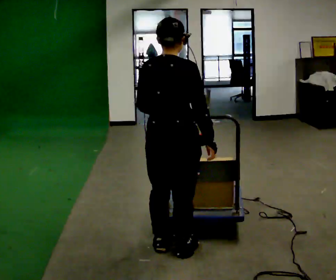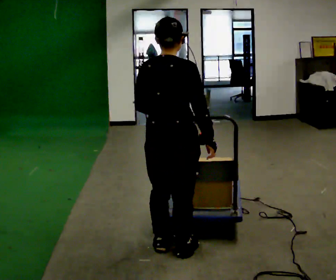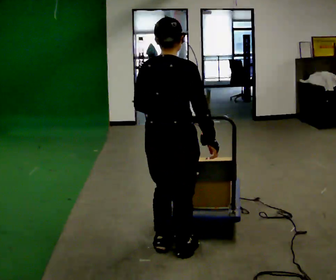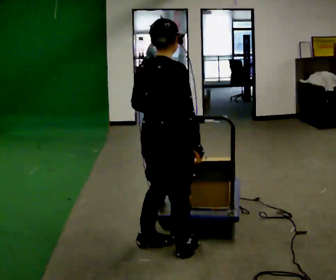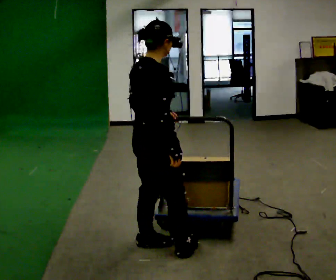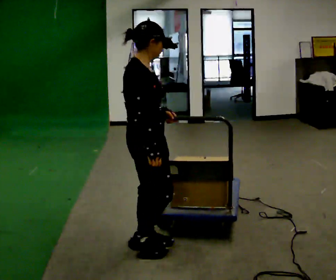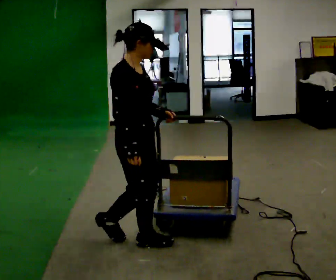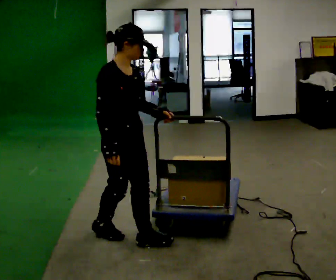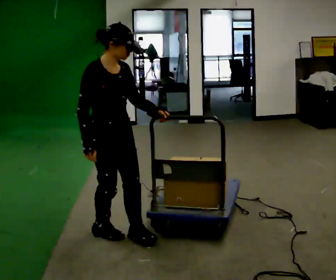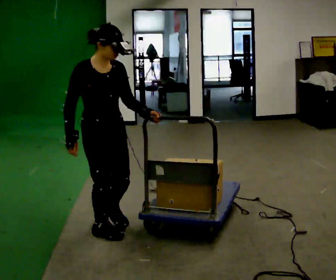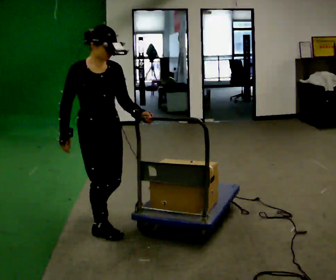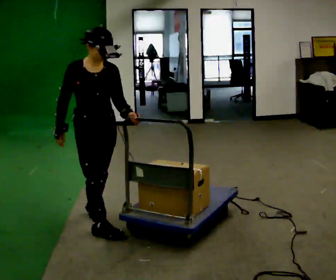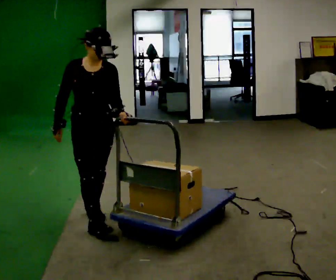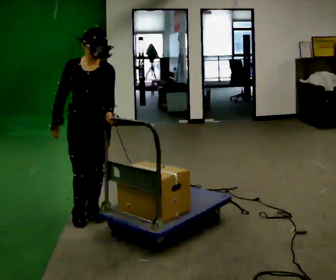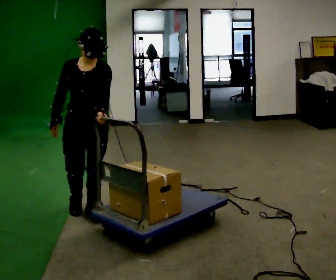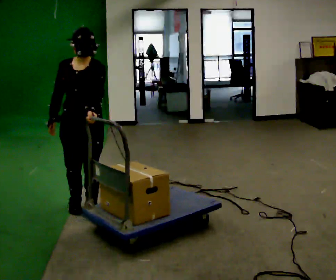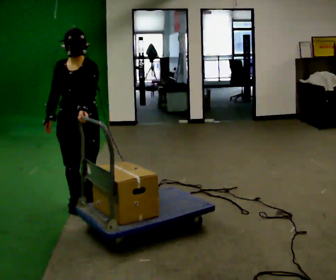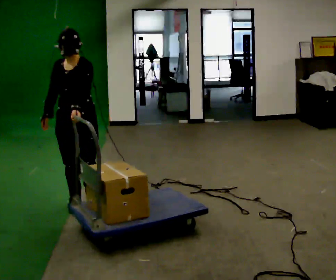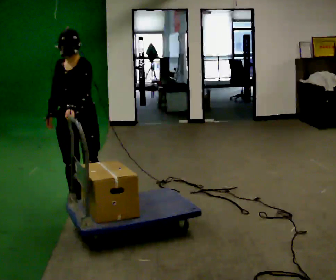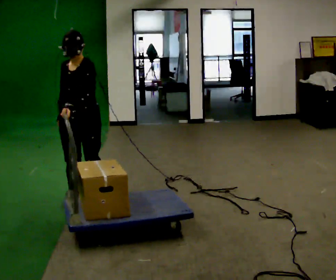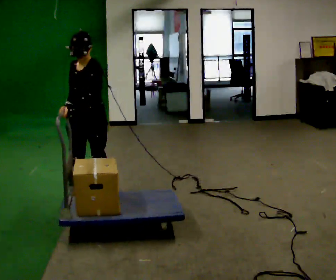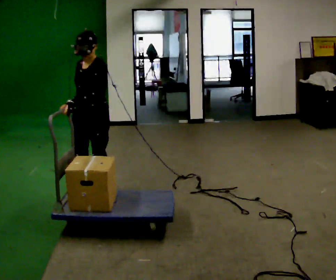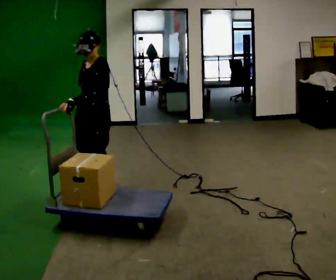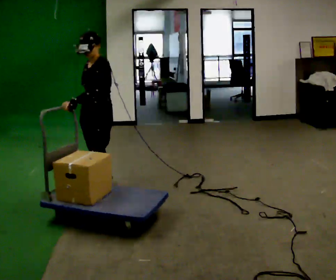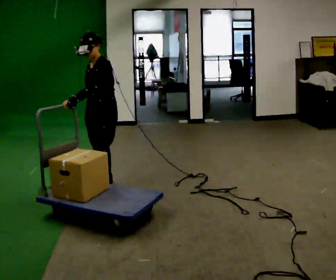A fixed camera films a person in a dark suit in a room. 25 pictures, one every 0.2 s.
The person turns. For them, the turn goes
to their right.
The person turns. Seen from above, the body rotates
clockwise.
0.0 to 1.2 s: The person turns about 75 degrees to their right, clockwise seen from above, so the part of the body nearest the lens slides to the left. In the picture they go to the left, about 0.25 m in 1 step.
1.2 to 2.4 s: The person turns about 60 degrees to their right, clockwise seen from above, so the part of the body nearest the lens slides to the left. In the picture they go away from the camera and to the left, about 0.5 m in 2 steps, which for them is backward.
2.4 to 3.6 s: The person turns about 30 degrees to their right, clockwise seen from above, so the part of the body nearest the lens slides to the left. In the picture they go away from the camera and to the left, about 0.25 m in 1 step, which for them is backward and to their right.
3.6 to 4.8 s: The person turns about 30 degrees to their right, clockwise seen from above, so the part of the body nearest the lens slides to the left. In the picture they go away from the camera, about 0.5 m in 1 step, which for them is backward.
The film runs backward here.
